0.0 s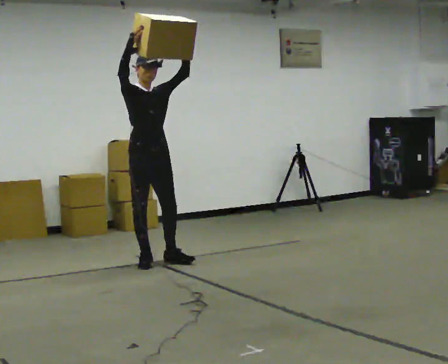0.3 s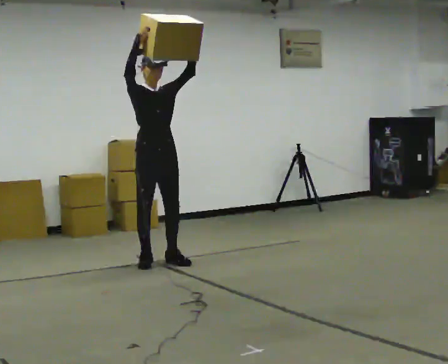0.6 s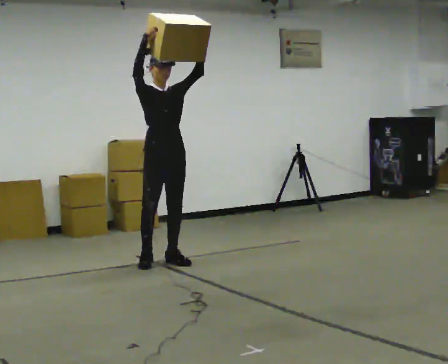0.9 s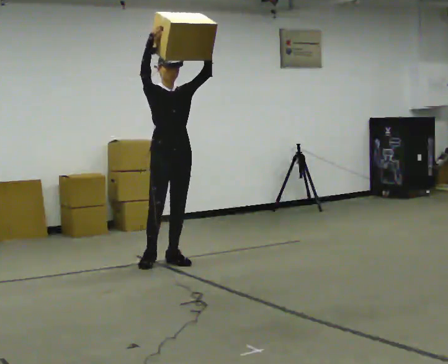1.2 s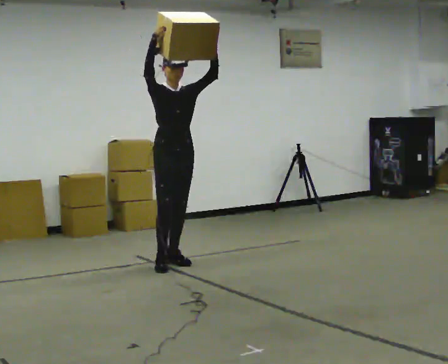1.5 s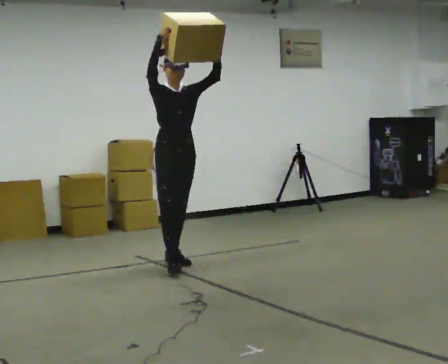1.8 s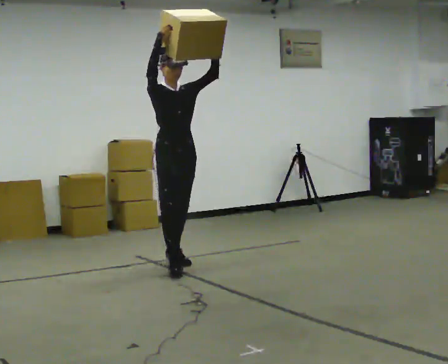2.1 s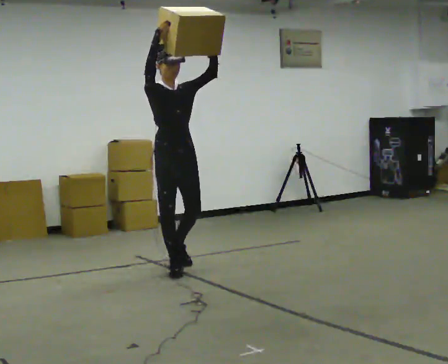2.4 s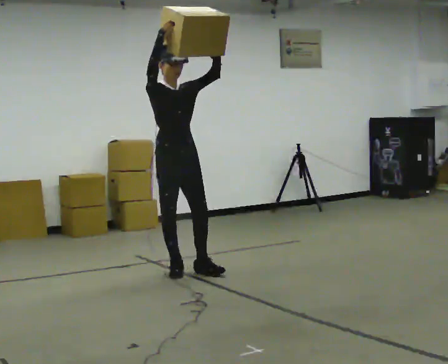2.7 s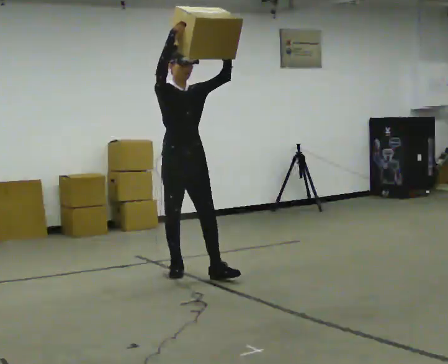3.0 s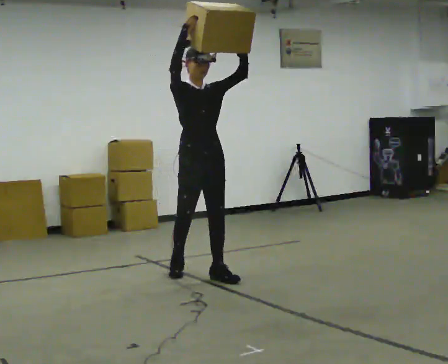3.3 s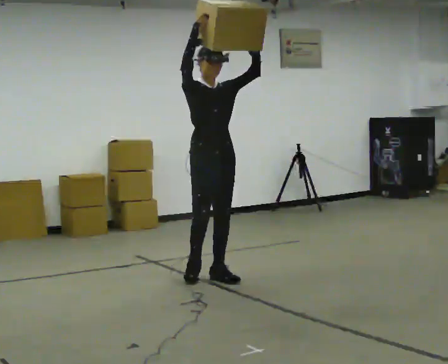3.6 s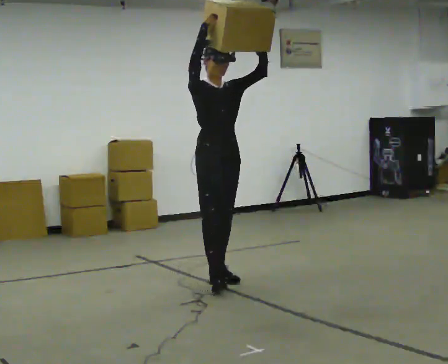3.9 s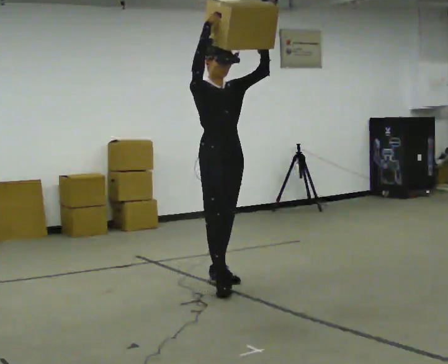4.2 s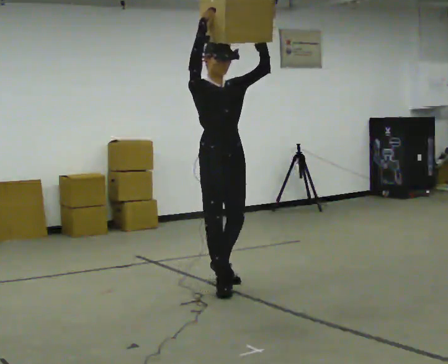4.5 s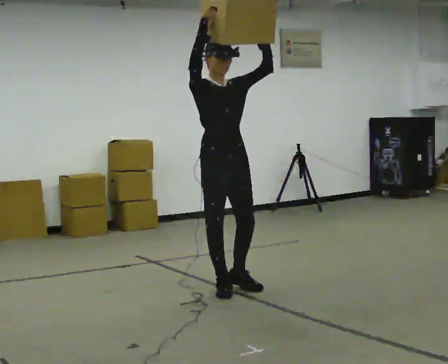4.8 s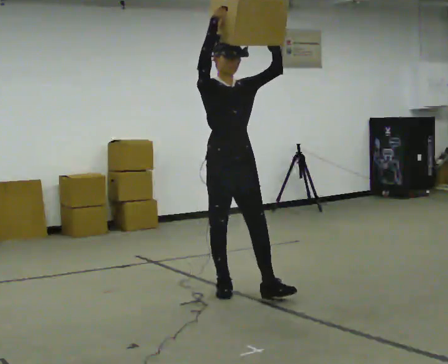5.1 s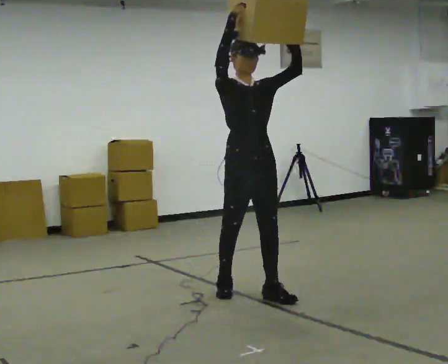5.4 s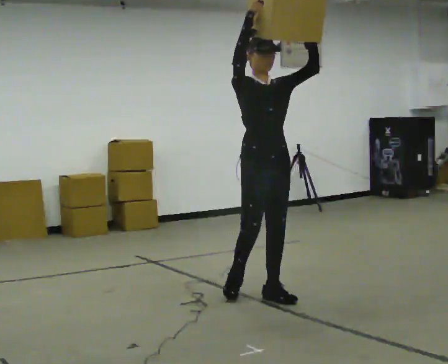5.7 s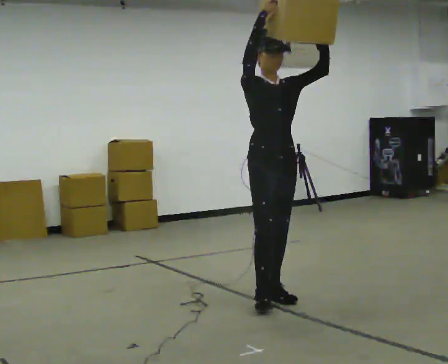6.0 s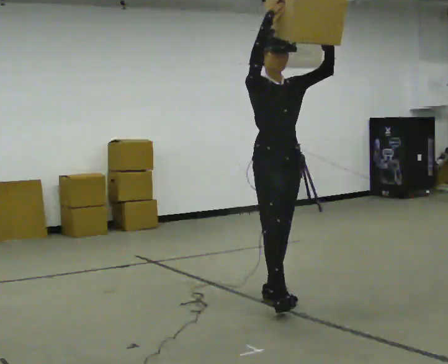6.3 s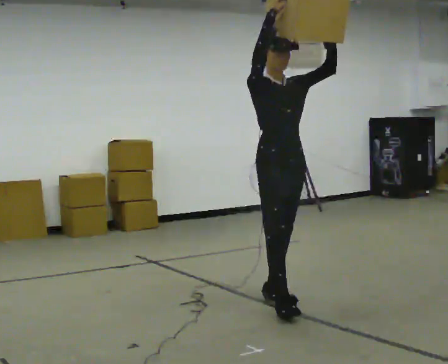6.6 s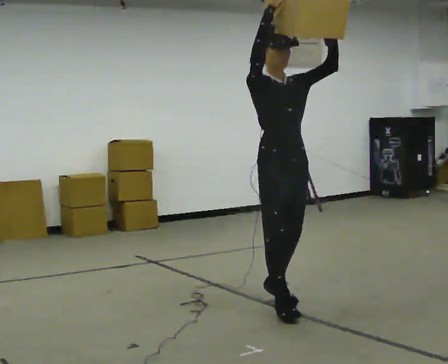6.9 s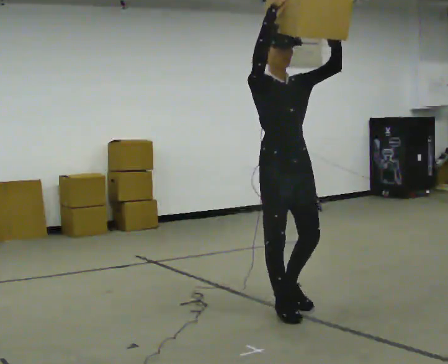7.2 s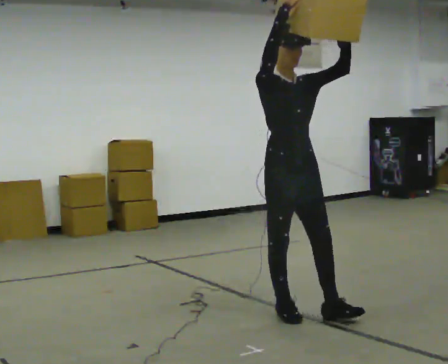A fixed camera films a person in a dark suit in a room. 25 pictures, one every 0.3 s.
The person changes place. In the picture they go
toward the camera.
0.0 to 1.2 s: In the picture they go to the right, about 0.25 m, which for them is to their left.
1.2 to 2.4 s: In the picture they go toward the camera, about 0.25 m in 1 step, which for them is forward and to their right.
2.4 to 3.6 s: In the picture they go to the right and toward the camera, about 0.5 m in 1 step, which for them is forward and to their left.
3.6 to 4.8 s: In the picture they go toward the camera, about 0.5 m in 1 step, which for them is forward.
4.8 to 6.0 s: In the picture they go to the right and toward the camera, about 0.5 m in 2 steps, which for them is forward.
6.0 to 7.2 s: In the picture they go toward the camera, about 0.25 m, which for them is forward.
The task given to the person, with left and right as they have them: Carry the heaviest box in both hands in front of you, walking back and forth across the room. Only carry what is comfortable. Set it down whenever you need to.
The film runs forward here.
